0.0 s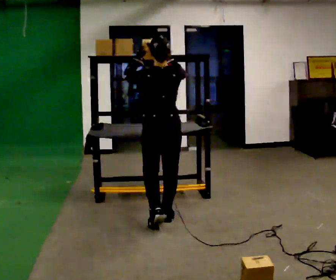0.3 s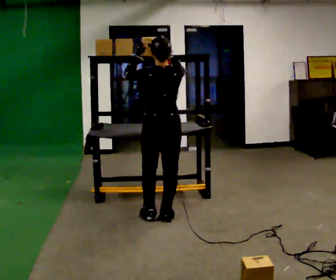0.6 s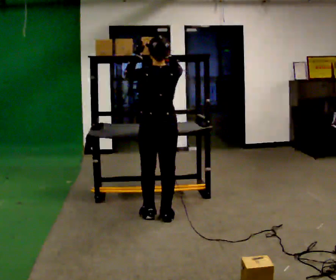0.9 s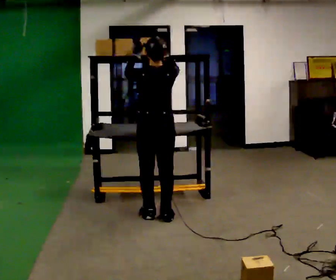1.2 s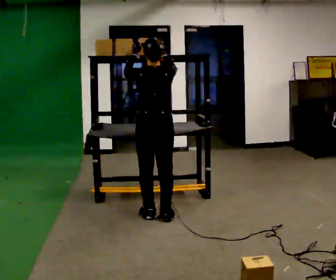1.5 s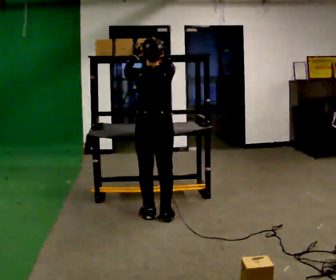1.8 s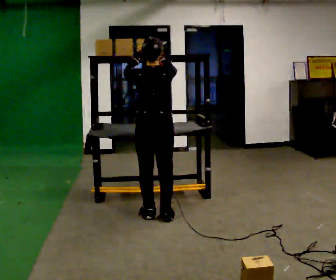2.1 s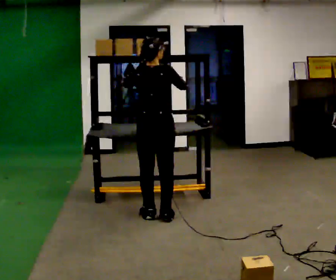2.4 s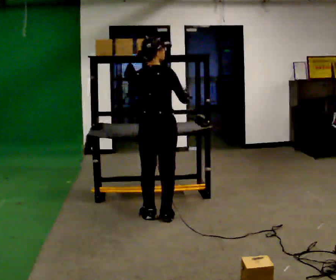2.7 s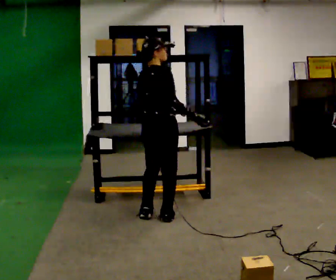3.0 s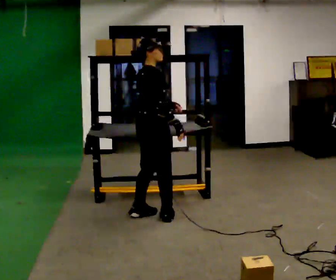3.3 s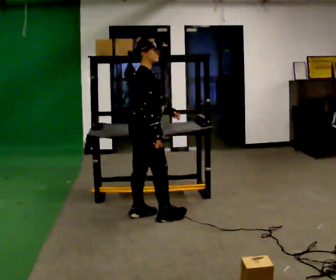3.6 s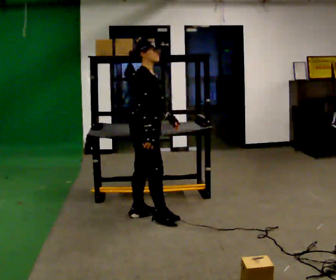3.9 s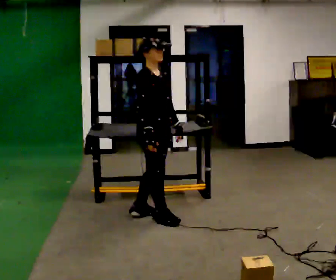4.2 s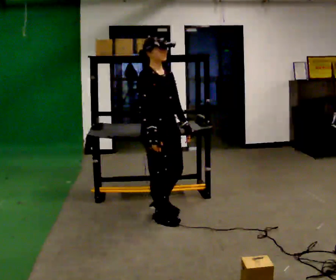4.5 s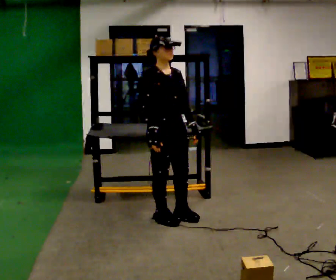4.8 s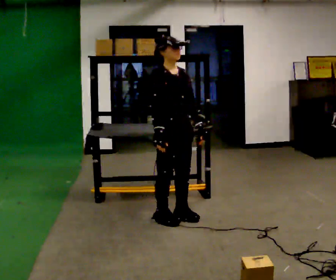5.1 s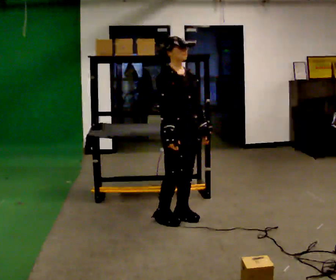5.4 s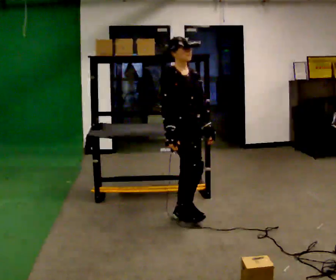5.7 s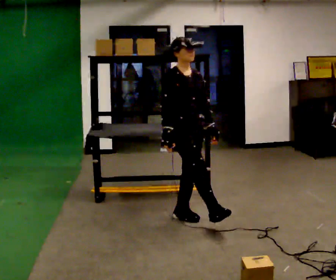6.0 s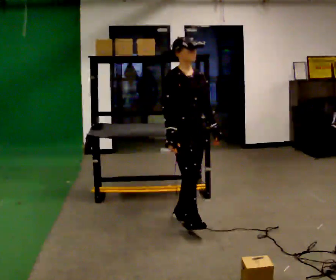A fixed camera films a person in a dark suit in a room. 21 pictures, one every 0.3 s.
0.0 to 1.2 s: In the picture they go away from the camera, about 0.25 m in 1 step, which for them is forward.
1.2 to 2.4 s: The part of the body nearest the lens slides to the left as the person turns to their right by about 30 degrees. In the picture their right hand goes downward.
2.4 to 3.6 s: The person turns about 75 degrees to their right, clockwise seen from above, so the part of the body nearest the lens slides to the left. In the picture their right hand goes to the left, the arm swinging clockwise.
3.6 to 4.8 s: The person turns about 45 degrees to their right, clockwise seen from above, so the part of the body nearest the lens slides to the left. In the picture they go to the right, about 0.25 m in 1 step, which for them is forward.
4.8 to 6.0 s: The person moves a little, or ends about where they began.
The film runs forward here.
